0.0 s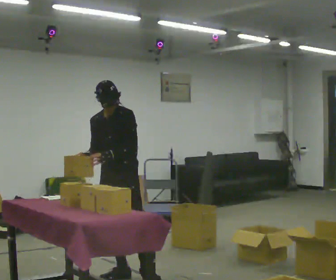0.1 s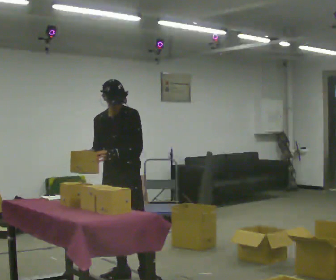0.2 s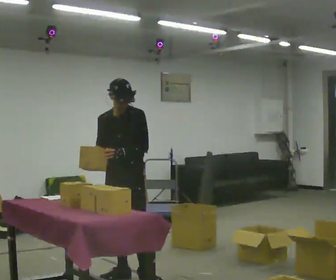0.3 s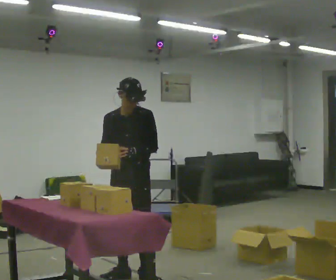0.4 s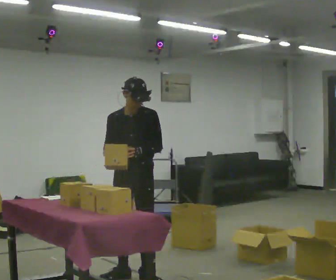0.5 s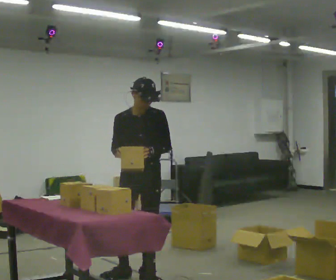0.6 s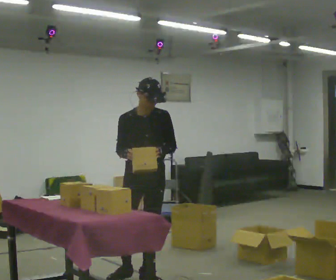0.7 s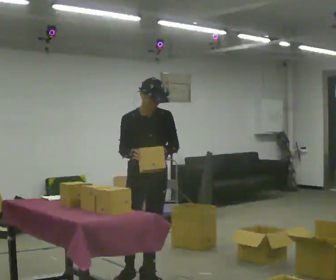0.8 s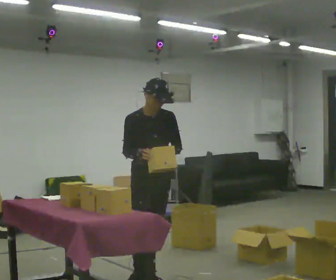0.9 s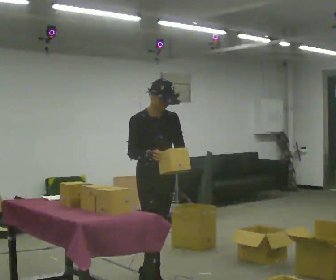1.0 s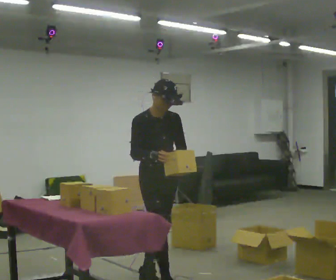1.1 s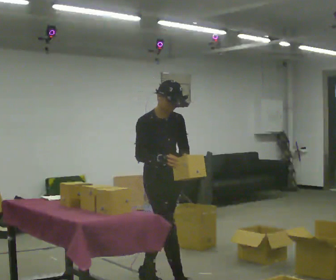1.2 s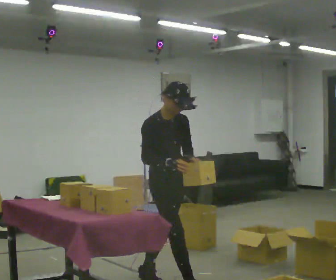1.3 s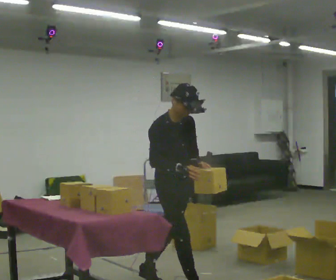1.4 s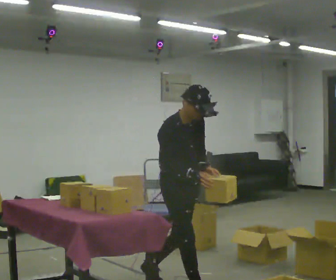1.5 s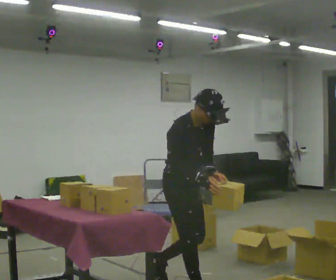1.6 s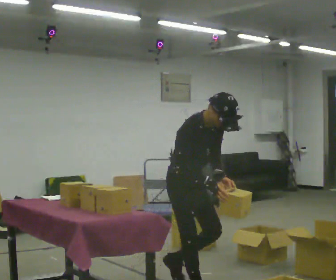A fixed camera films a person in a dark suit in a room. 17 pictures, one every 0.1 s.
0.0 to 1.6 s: The person turns about 75 degrees to their left, counterclockwise seen from above, so the part of the body nearest the lens slides to the right. In the picture they go toward the camera and to the right, about 0.5 m in 1 step. In the picture the upper body tilts clockwise, shoulders to the right.
The film runs forward here.
